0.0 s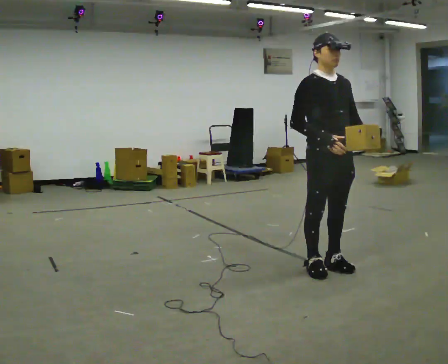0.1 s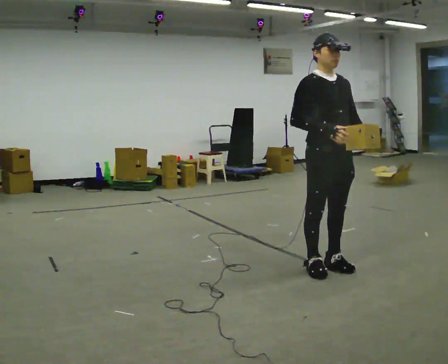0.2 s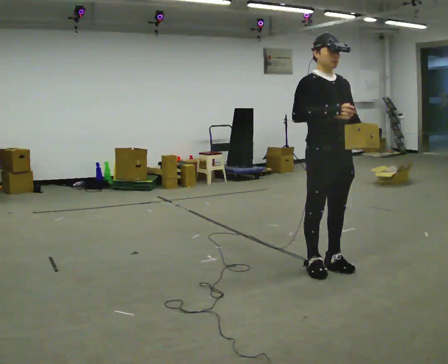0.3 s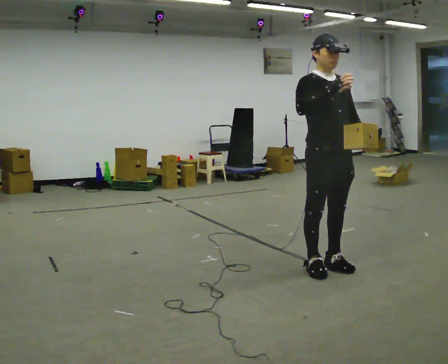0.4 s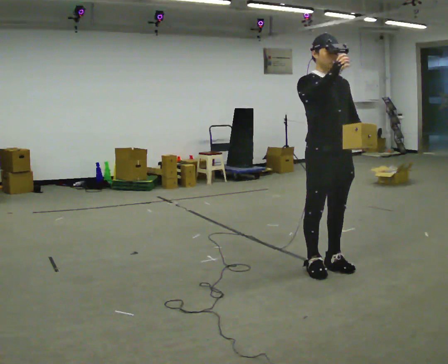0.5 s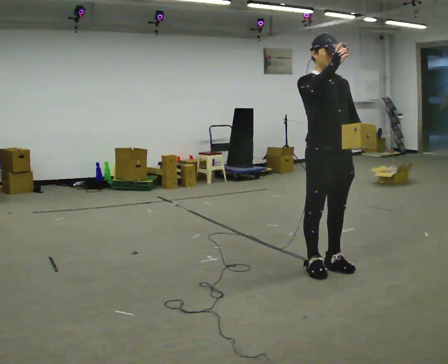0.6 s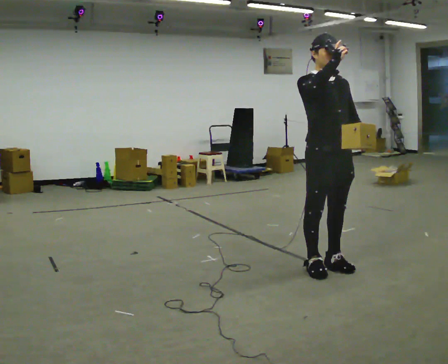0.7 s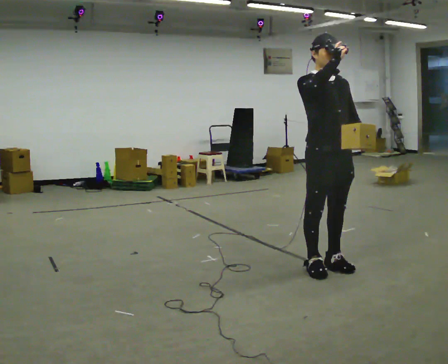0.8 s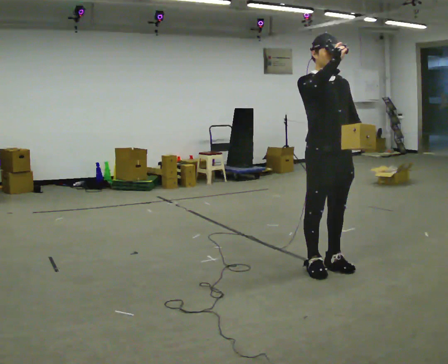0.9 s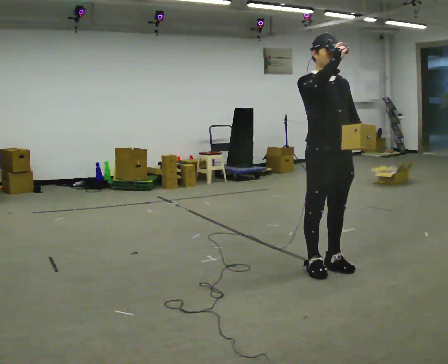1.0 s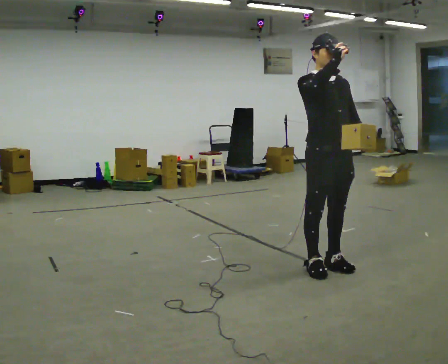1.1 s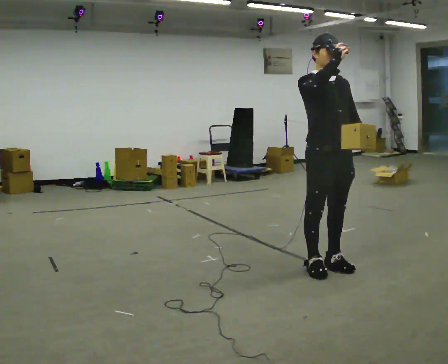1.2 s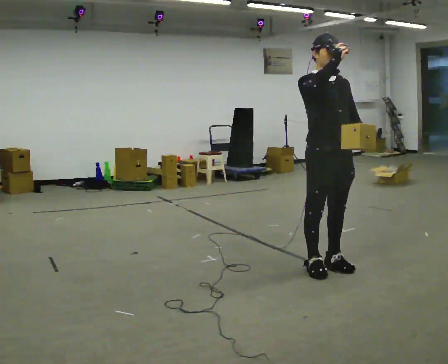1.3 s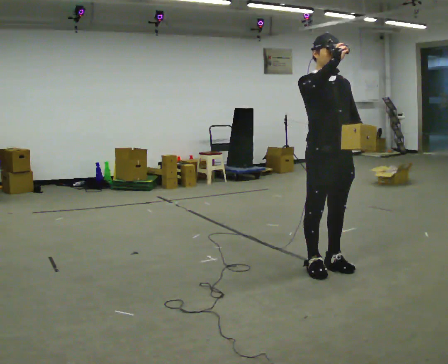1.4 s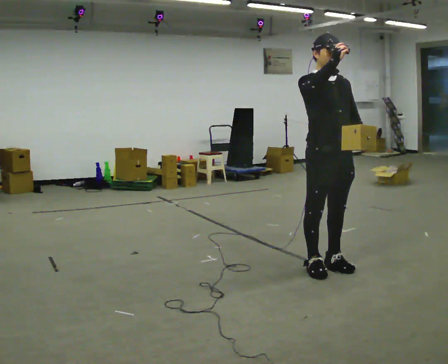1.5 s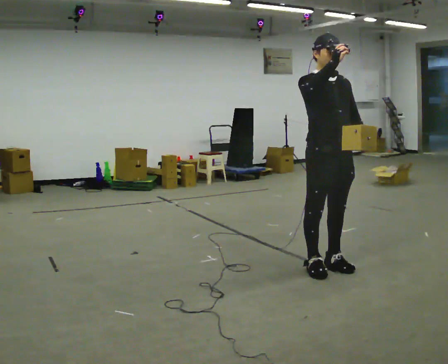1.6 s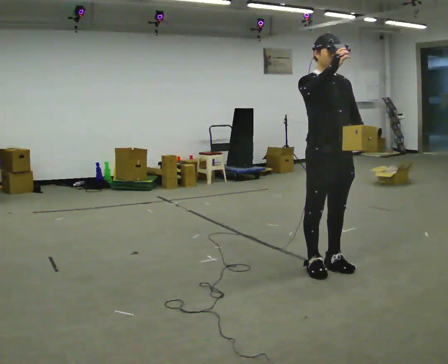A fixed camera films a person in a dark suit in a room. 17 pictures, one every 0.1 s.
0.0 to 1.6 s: In the picture their right hand goes upward.
The film runs backward here.
